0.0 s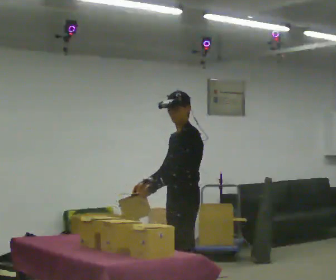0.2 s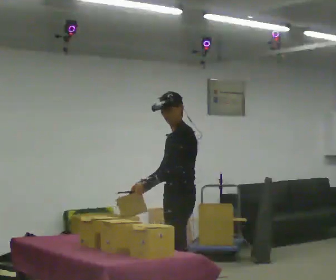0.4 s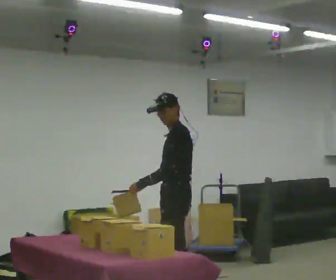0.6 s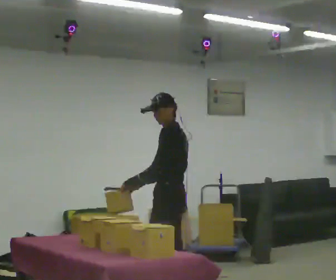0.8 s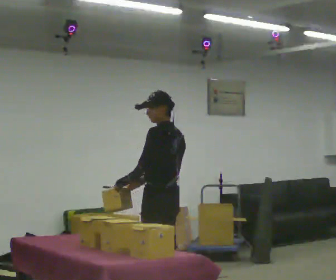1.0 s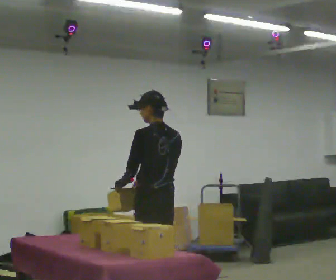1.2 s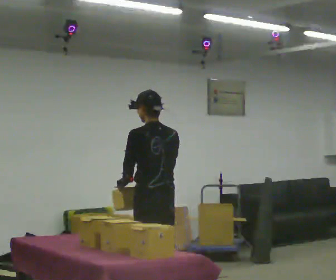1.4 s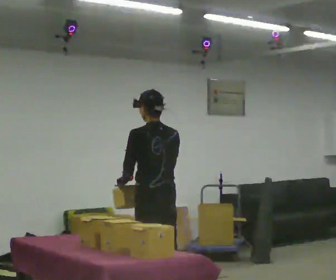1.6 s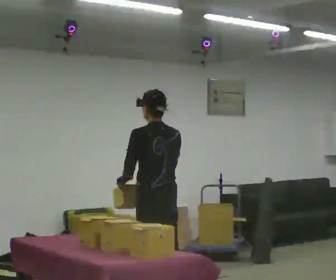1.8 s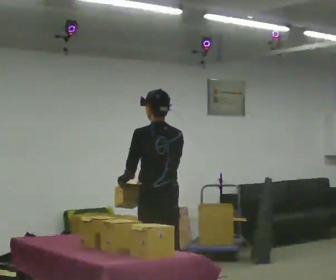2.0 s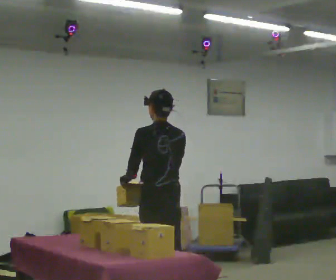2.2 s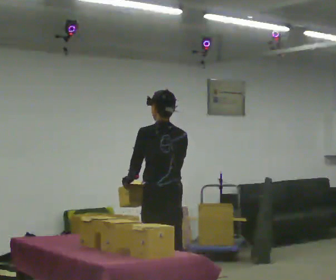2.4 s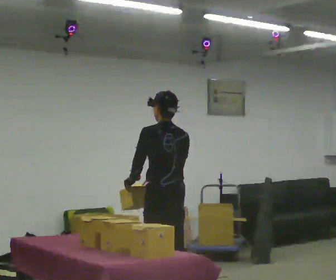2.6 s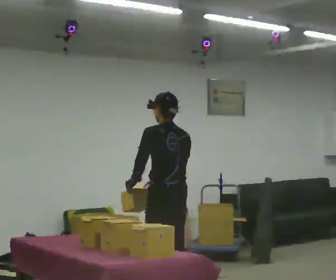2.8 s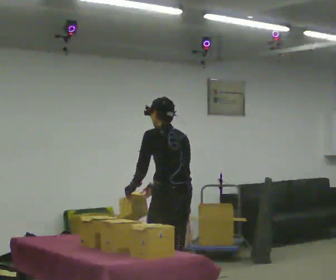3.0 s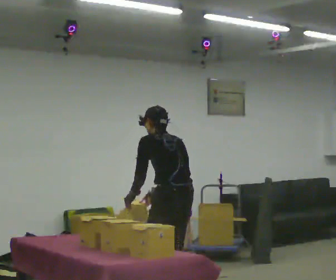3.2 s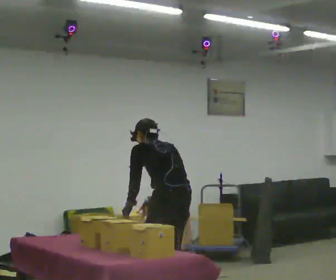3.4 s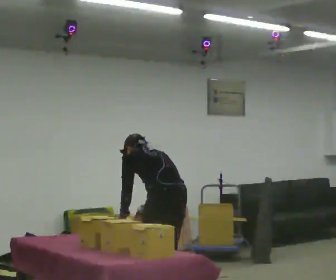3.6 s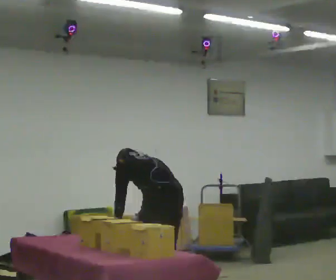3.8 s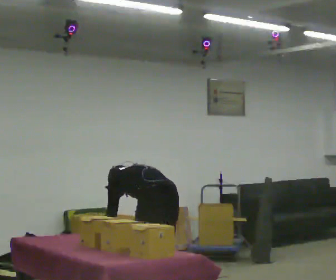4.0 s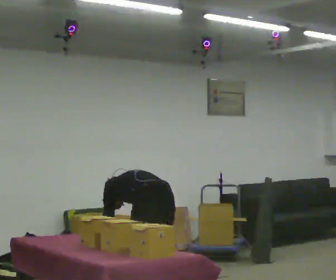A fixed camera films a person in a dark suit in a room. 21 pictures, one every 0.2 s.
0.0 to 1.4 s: The person turns about 75 degrees to their right, clockwise seen from above, so the part of the body nearest the lens slides to the left. In the picture they go to the left, about 0.25 m.
1.4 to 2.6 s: The person moves a little, or ends about where they began.
2.6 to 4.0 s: The shoulders move downward. The upper body tips away from the camera, its near side rolling upward, as they bend forward. In the picture their right hand goes downward.
The film runs backward here.
